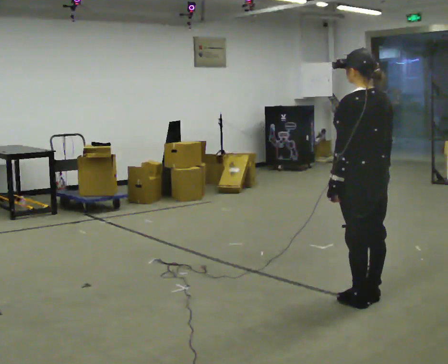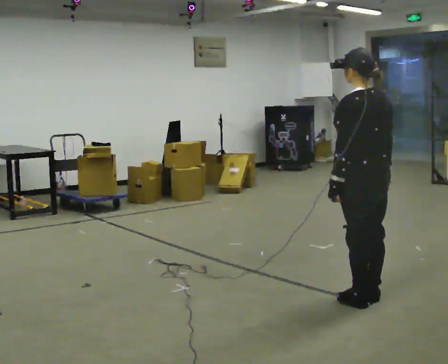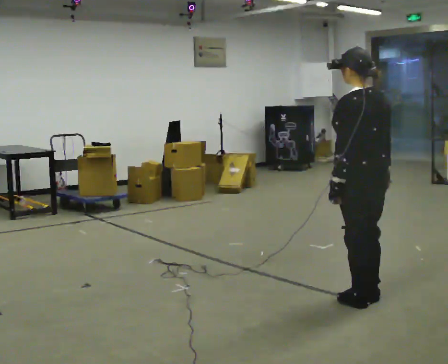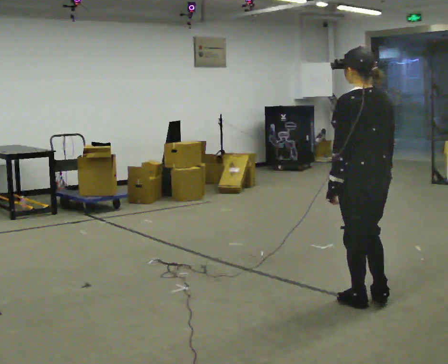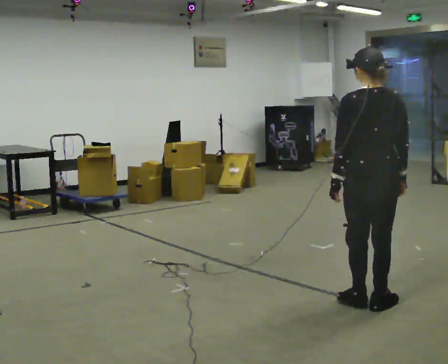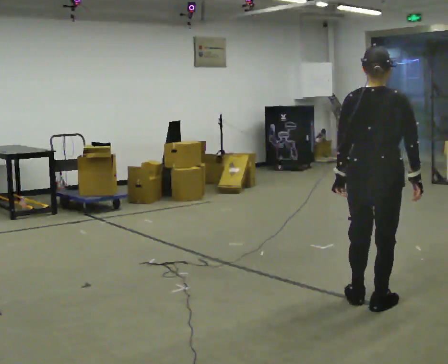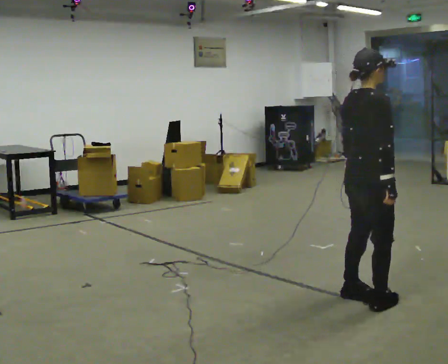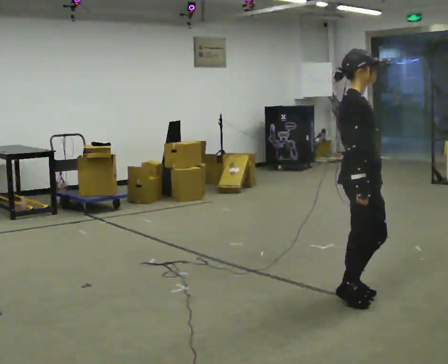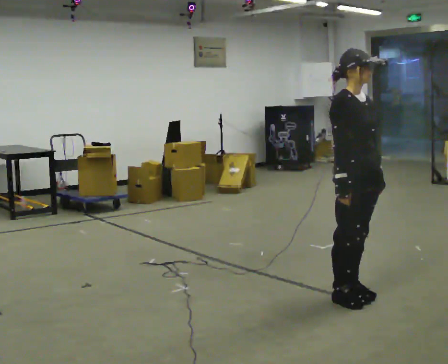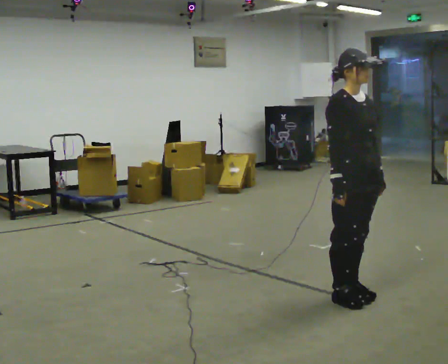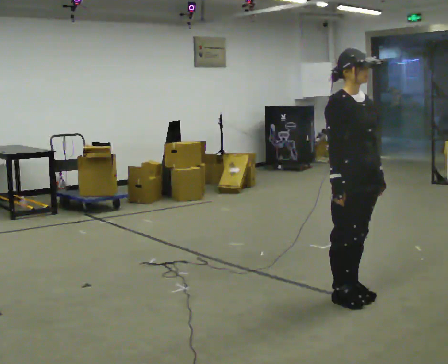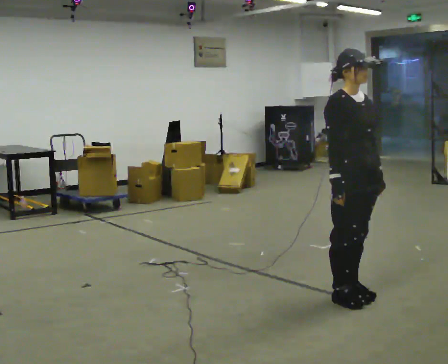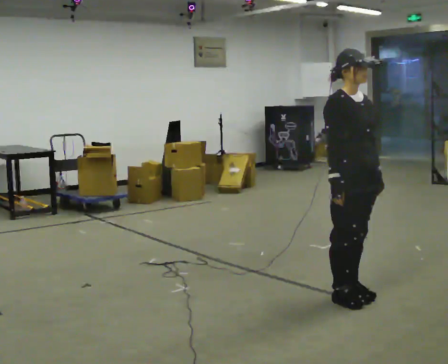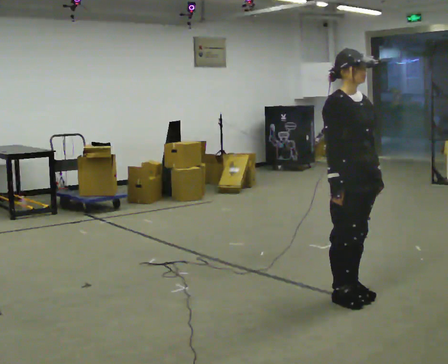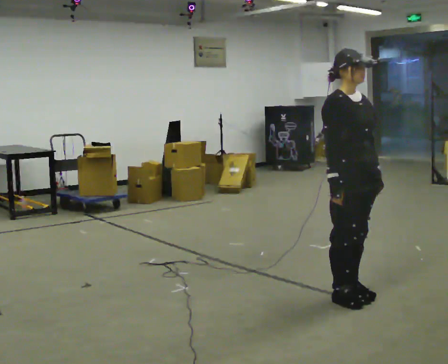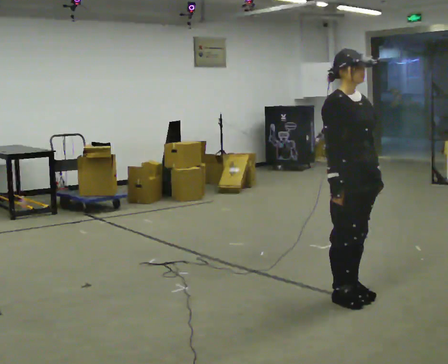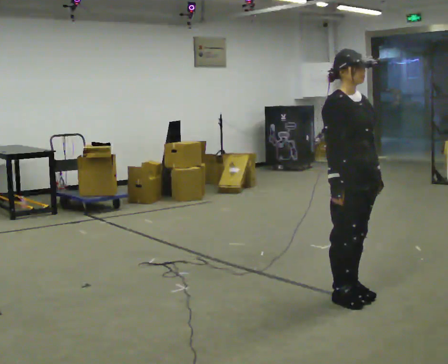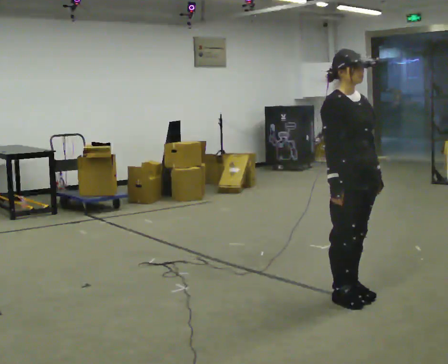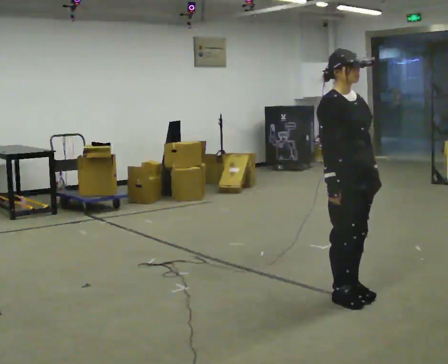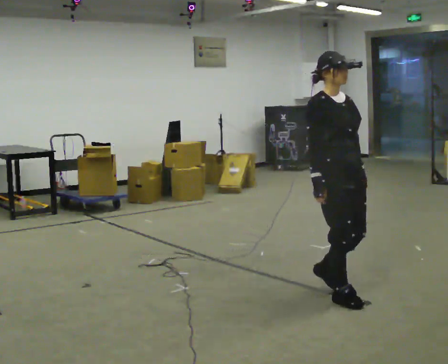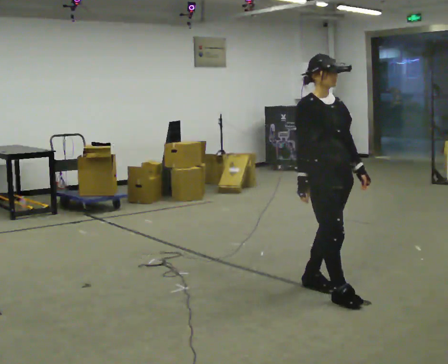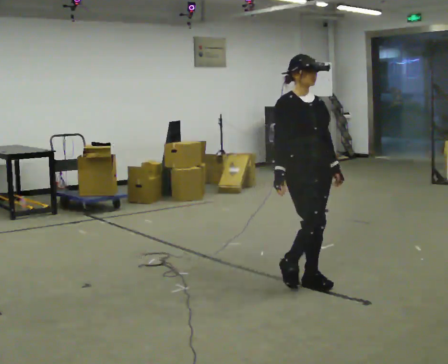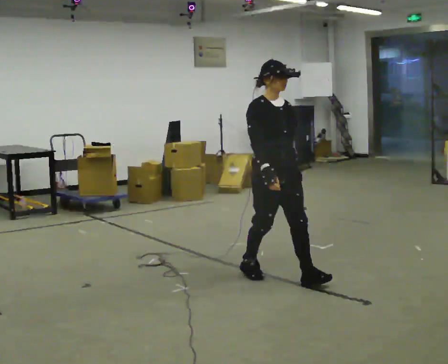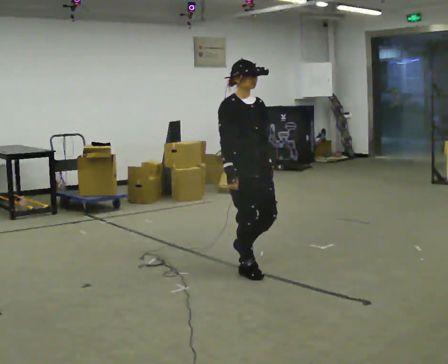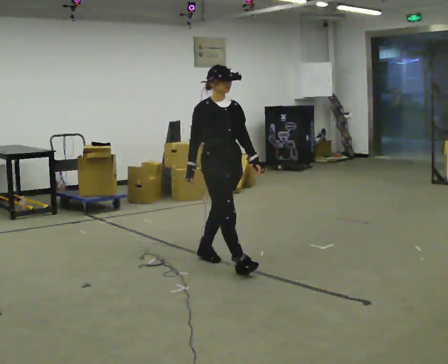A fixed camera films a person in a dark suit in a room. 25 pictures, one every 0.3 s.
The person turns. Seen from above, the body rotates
clockwise.
The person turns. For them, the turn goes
to their right.
0.0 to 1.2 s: The person moves a little, or ends about where they began.
1.2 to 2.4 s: The part of the body nearest the lens slides to the left as the person turns to their right by about 135 degrees. In the picture they go away from the camera, about 0.25 m in 2 steps.
2.4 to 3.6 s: The person moves a little, or ends about where they began.
3.6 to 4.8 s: The person keeps their place and pose.
4.8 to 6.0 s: The person moves a little, or ends about where they began.
6.0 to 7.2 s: In the picture they go to the left and away from the camera, about 1 m in 2 steps, which for them is backward.
The film runs backward here.
